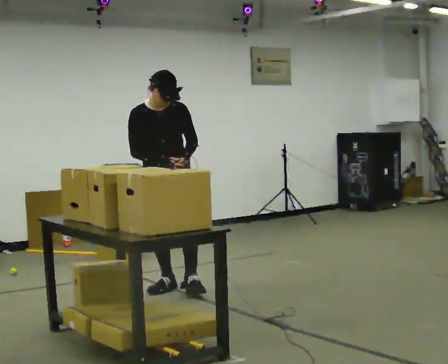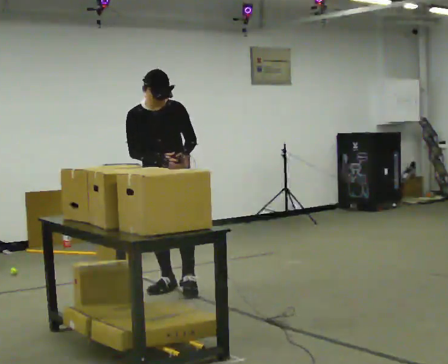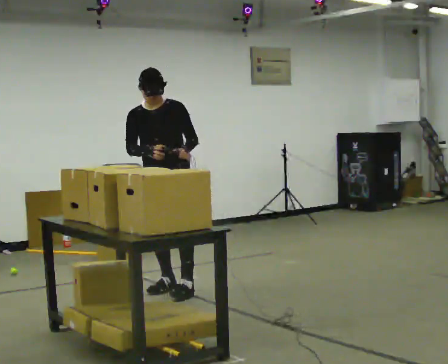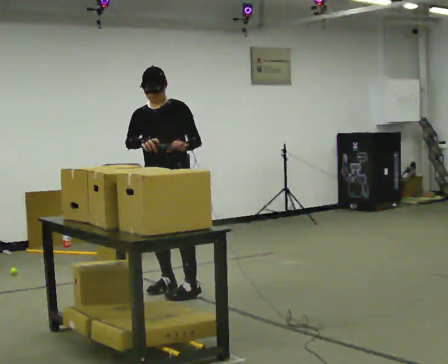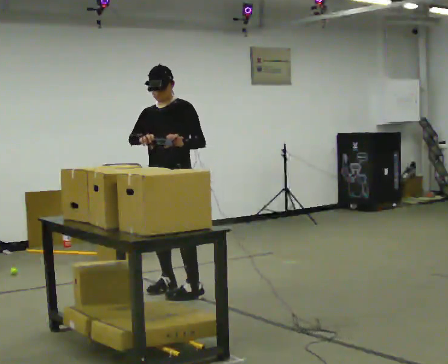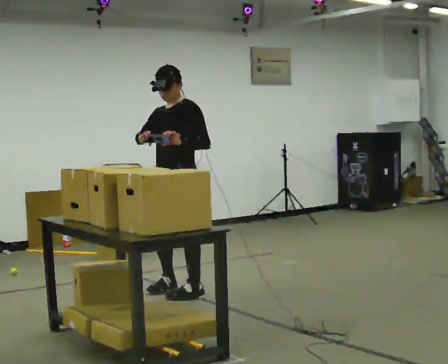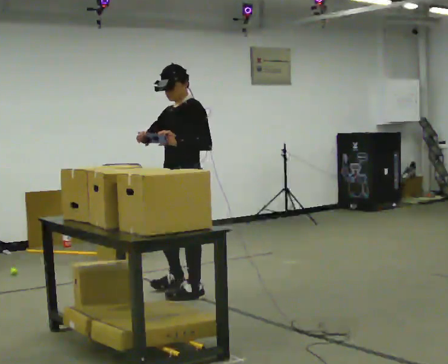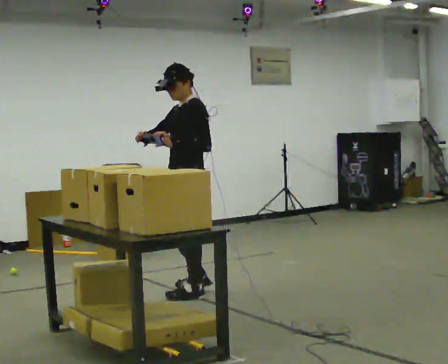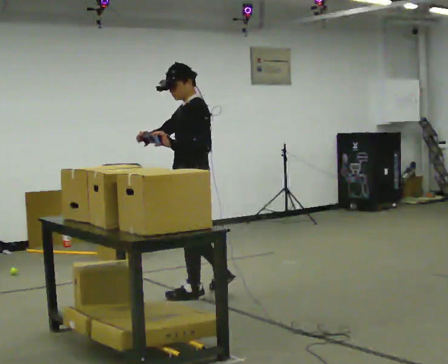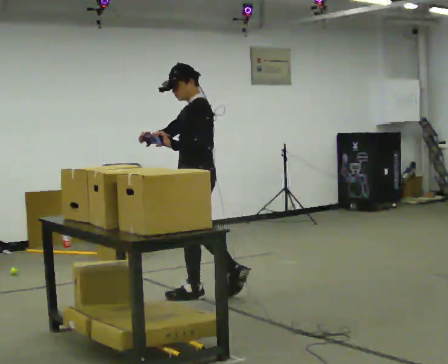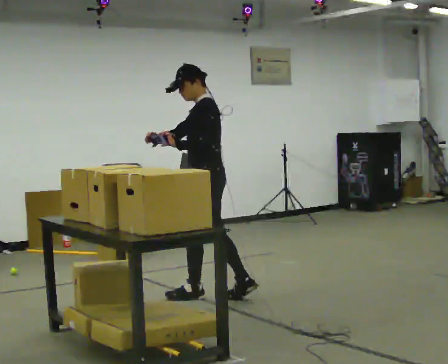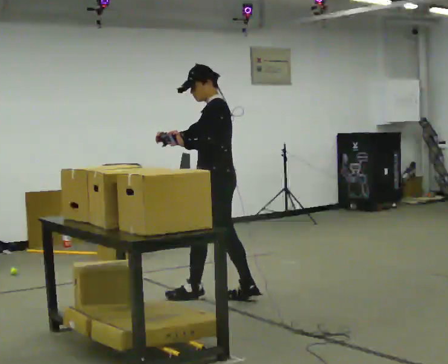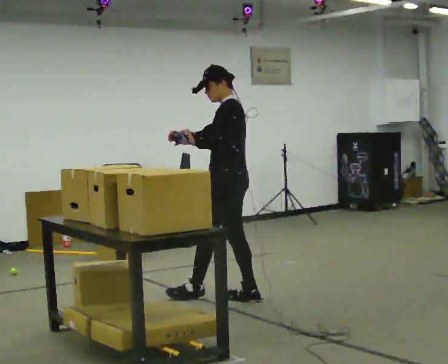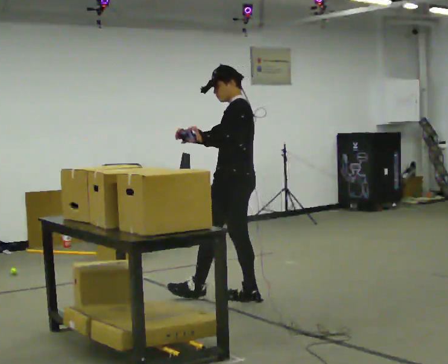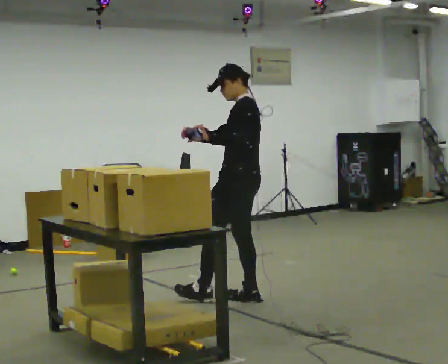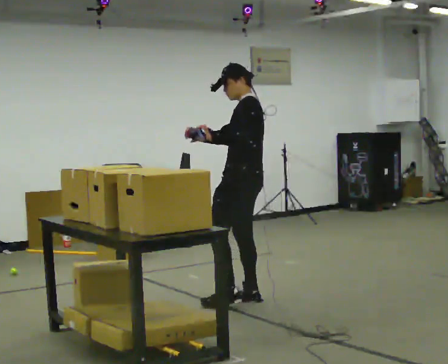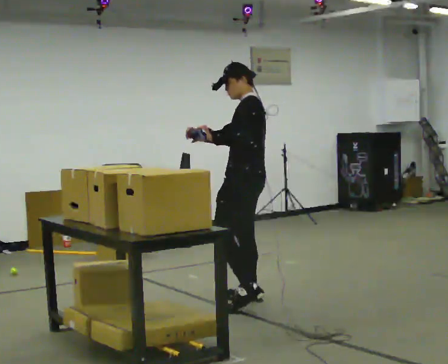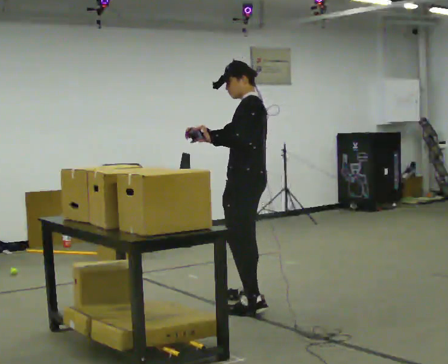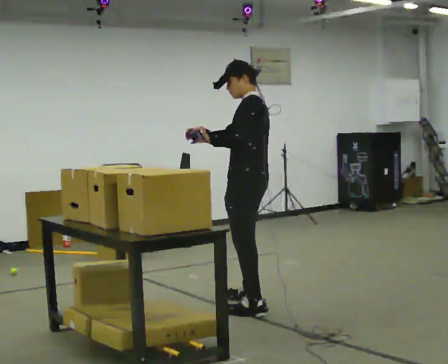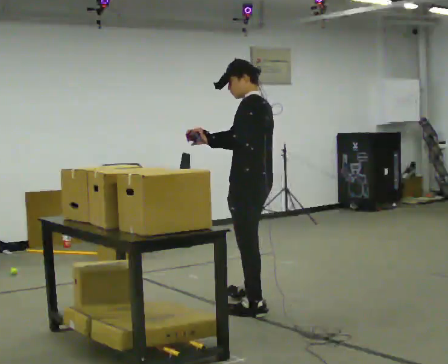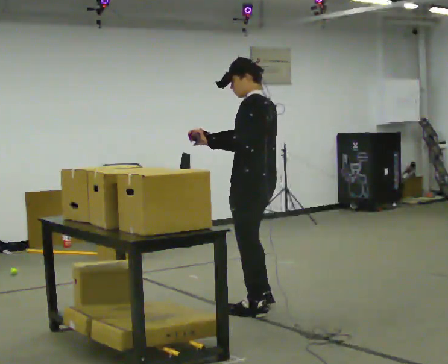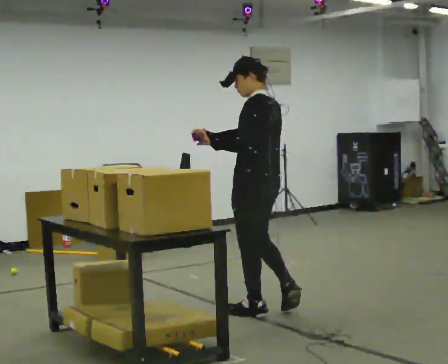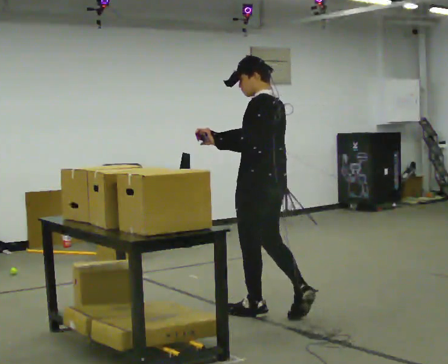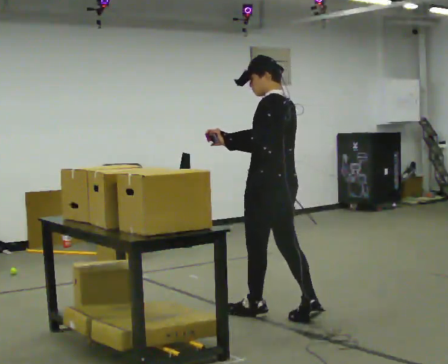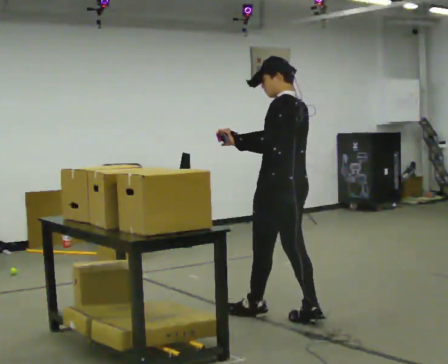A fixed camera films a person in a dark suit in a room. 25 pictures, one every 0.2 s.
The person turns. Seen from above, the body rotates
clockwise.
The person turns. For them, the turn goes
to their right.
0.0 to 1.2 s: The part of the body nearest the lens slides to the left as the person turns to their right by about 75 degrees. In the picture they go toward the camera and to the right, about 0.25 m in 2 steps. The upper body tips away from the camera, its near side rolling upward, as they lean back or straighten.
1.2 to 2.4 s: The person turns about 45 degrees to their right, clockwise seen from above, so the part of the body nearest the lens slides to the left. In the picture they go to the right, about 0.25 m, which for them is backward.
2.4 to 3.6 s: In the picture they go toward the camera, about 0.25 m in 1 step, which for them is backward and to their left.
3.6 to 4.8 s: In the picture they go toward the camera and to the right, about 0.5 m in 1 step, which for them is backward.
The film runs backward here.
